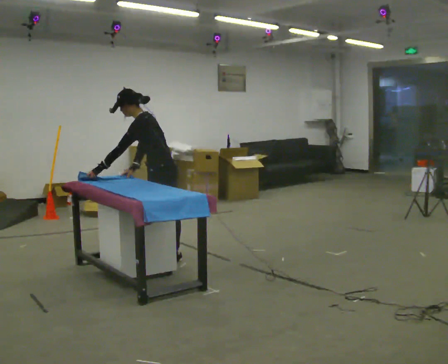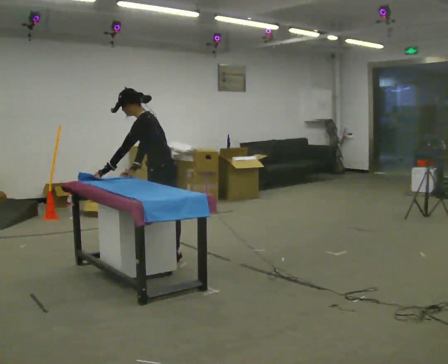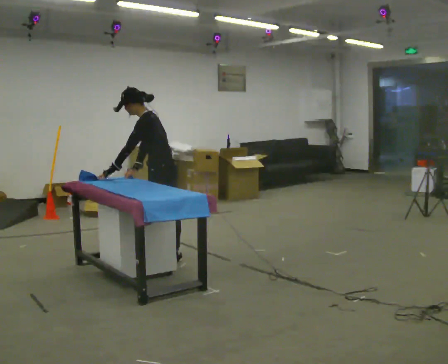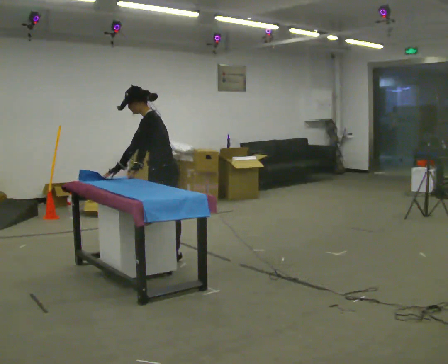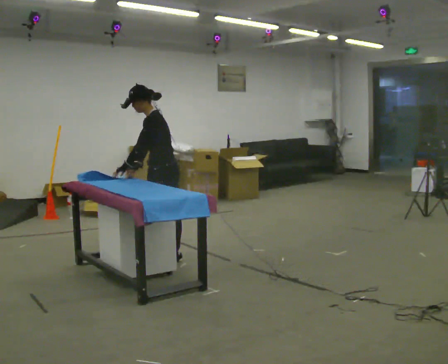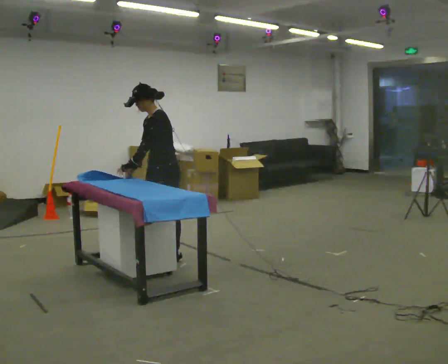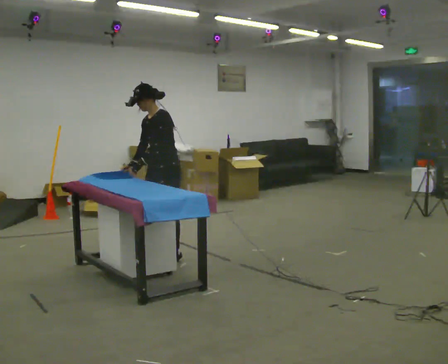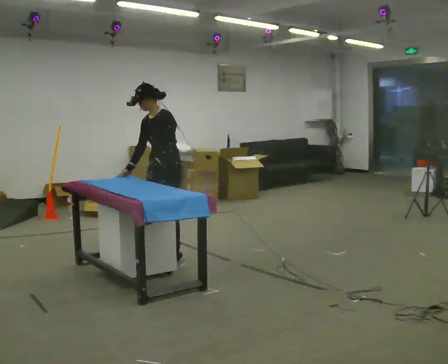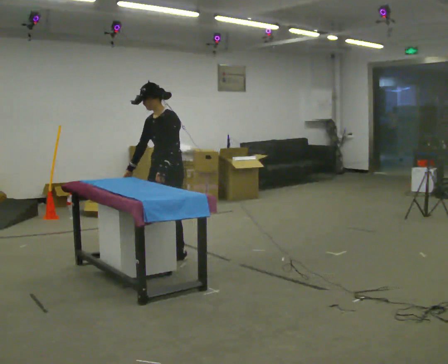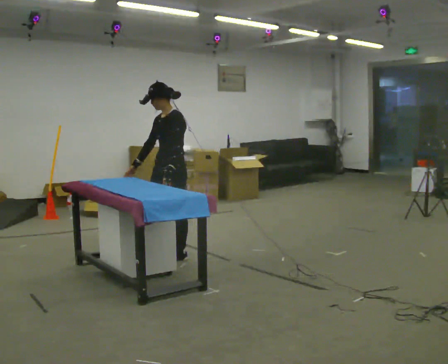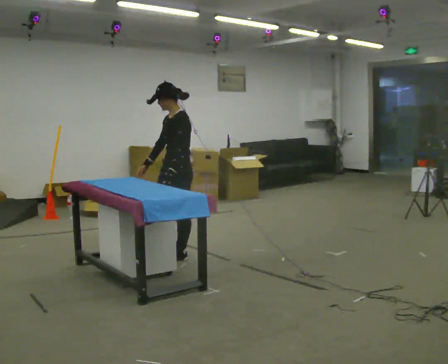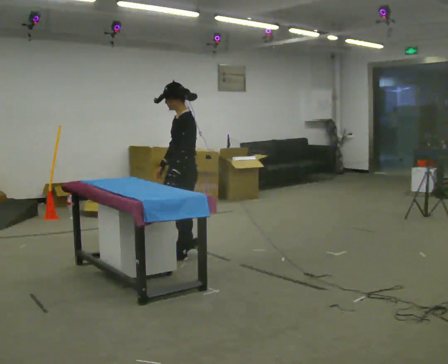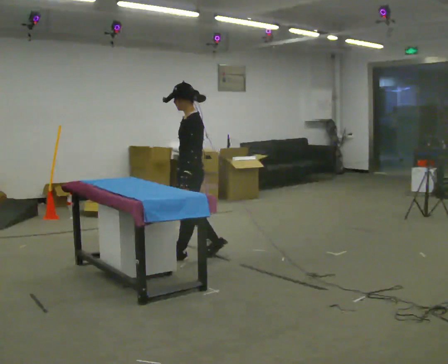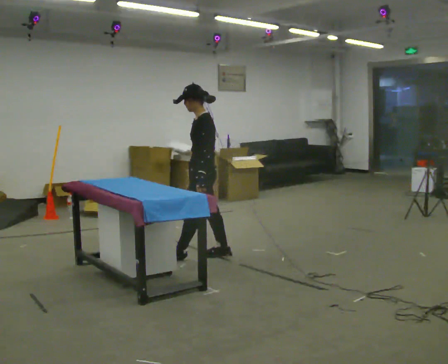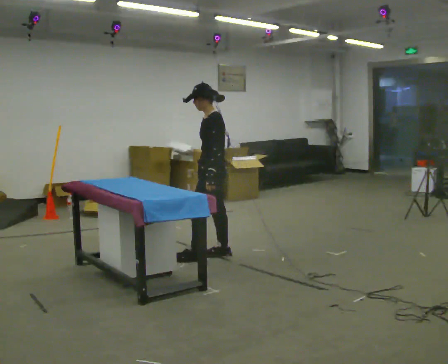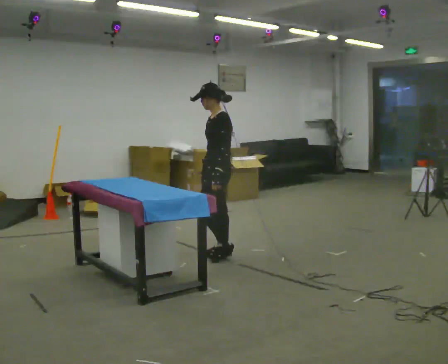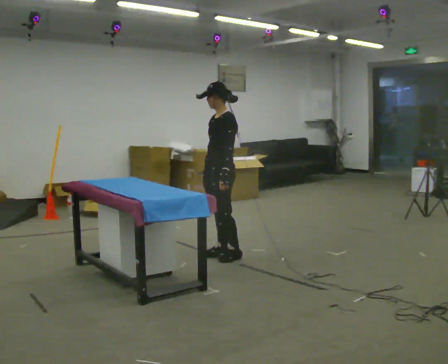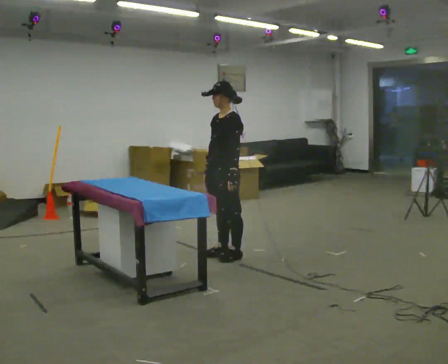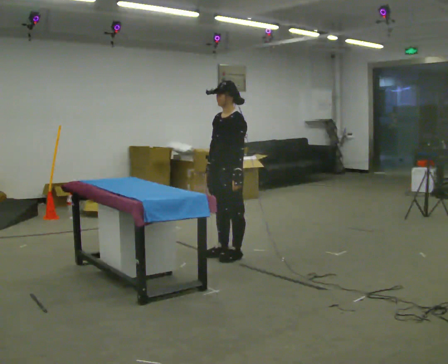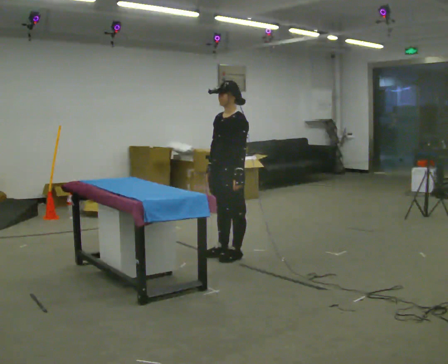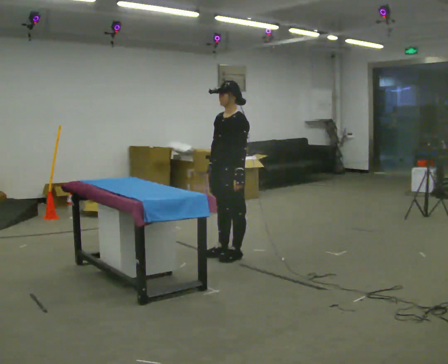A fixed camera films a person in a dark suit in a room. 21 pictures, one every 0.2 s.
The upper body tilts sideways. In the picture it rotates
clockwise.
0.0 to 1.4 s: The person turns about 30 degrees to their left, counterclockwise seen from above, so the part of the body nearest the lens slides to the right. In the picture the upper body tilts clockwise, shoulders to the right, as they lean back or straighten. In the picture their left hand goes to the right.
1.4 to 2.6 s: Seen from above the body turns clockwise, about 30 degrees: to their right, with its near side sliding to the left. In the picture they go to the right, about 0.25 m in 1 step, which for them is backward.
2.6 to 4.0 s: The part of the body nearest the lens slides to the right as the person turns to their left by about 30 degrees. In the picture they go to the right, about 0.25 m in 1 step, which for them is backward.
The film runs backward here.
